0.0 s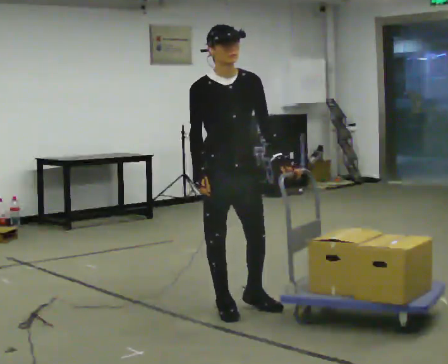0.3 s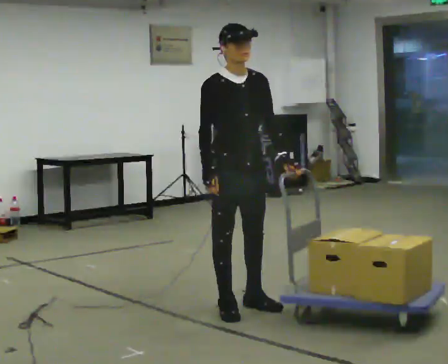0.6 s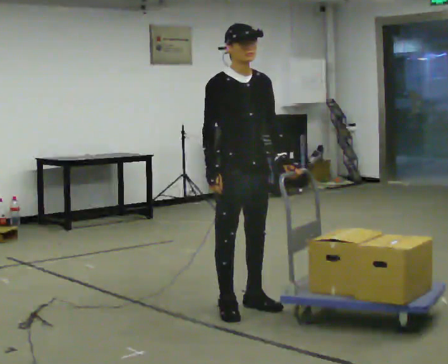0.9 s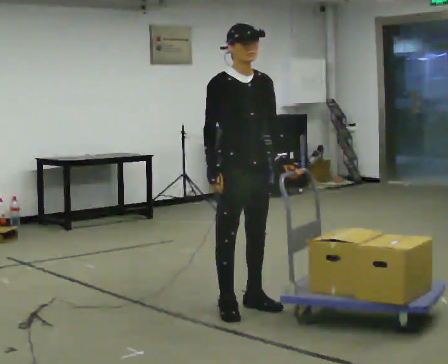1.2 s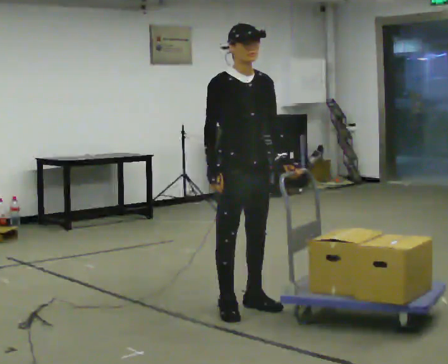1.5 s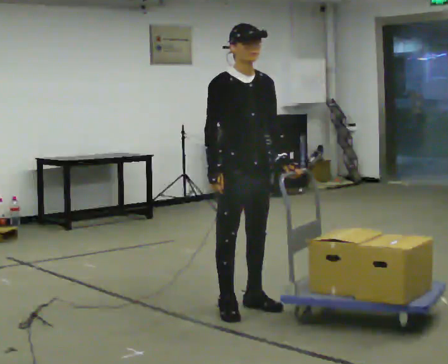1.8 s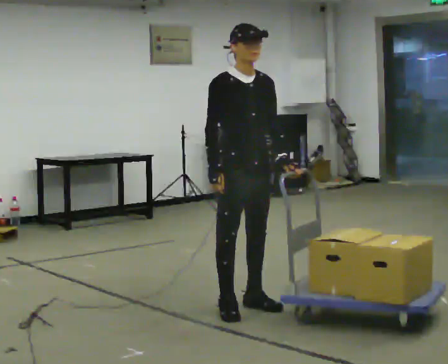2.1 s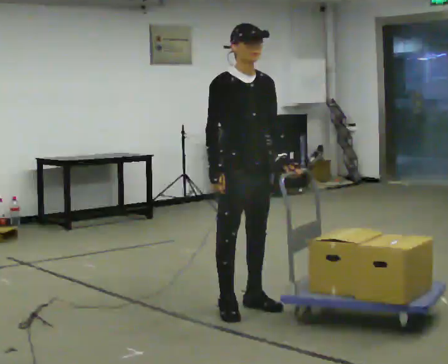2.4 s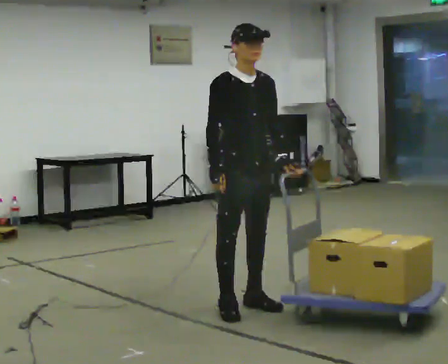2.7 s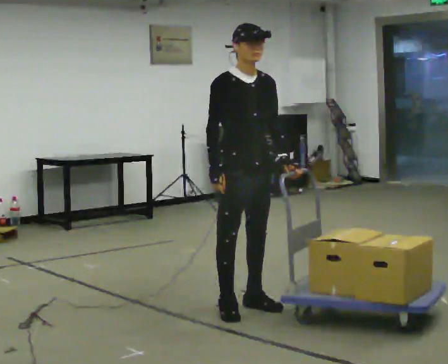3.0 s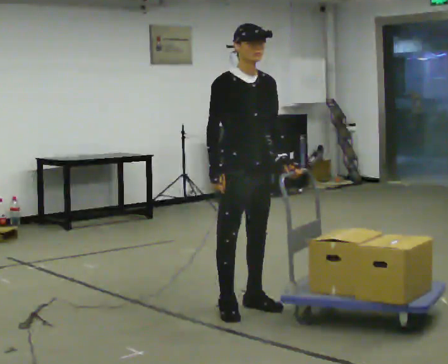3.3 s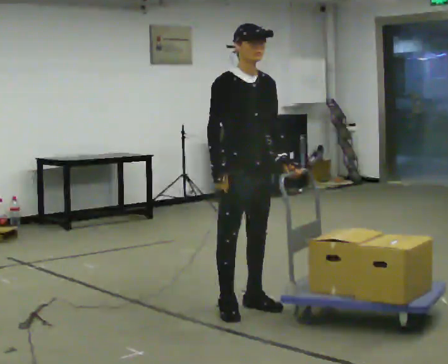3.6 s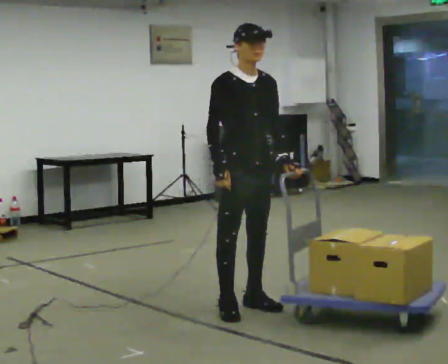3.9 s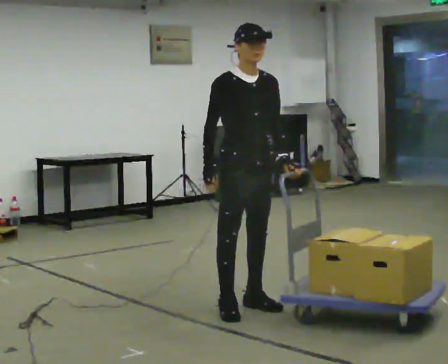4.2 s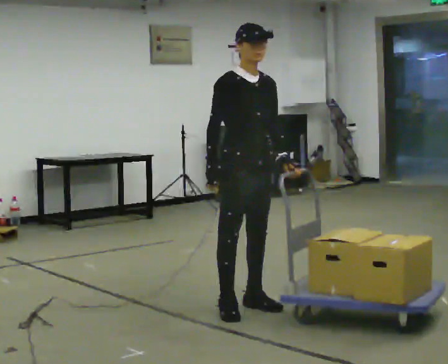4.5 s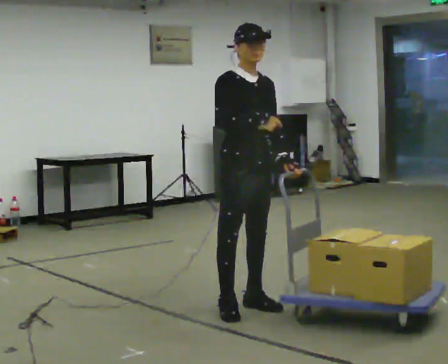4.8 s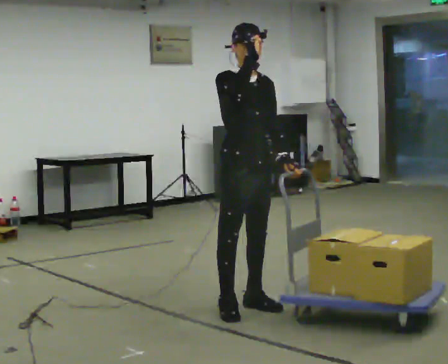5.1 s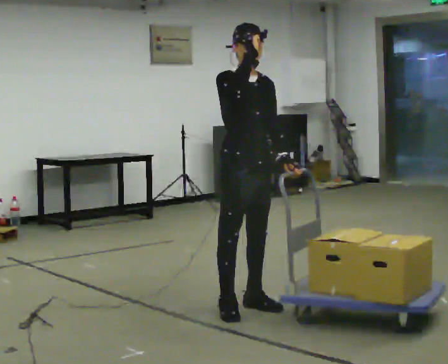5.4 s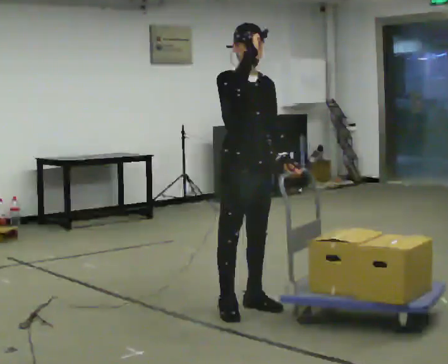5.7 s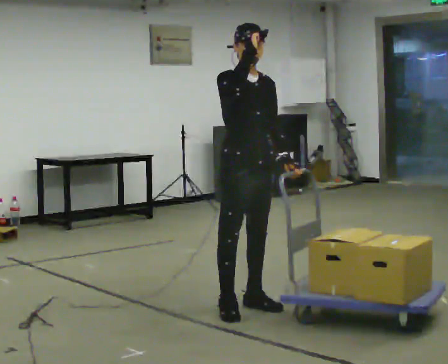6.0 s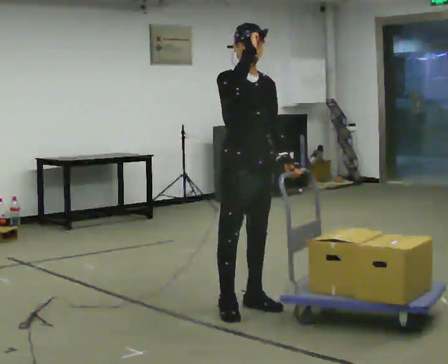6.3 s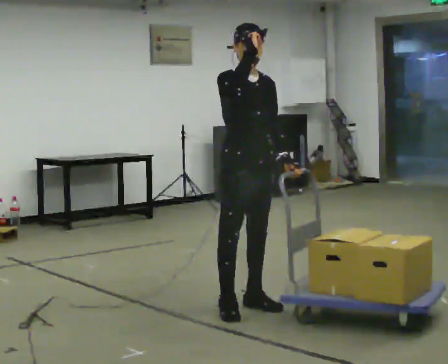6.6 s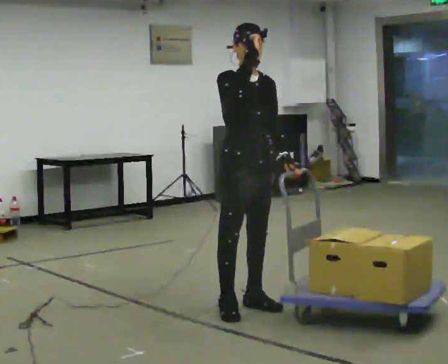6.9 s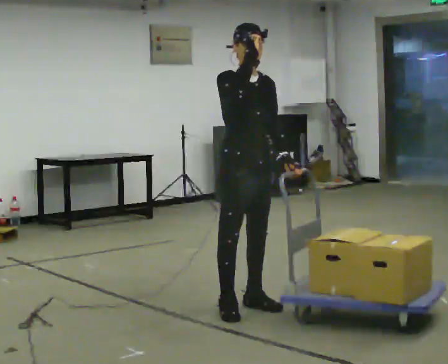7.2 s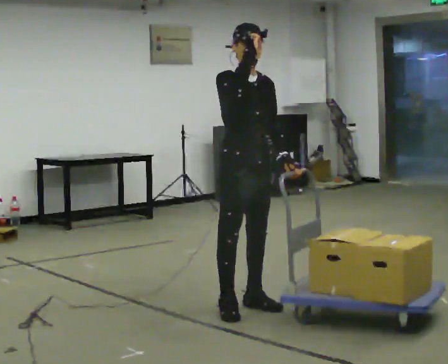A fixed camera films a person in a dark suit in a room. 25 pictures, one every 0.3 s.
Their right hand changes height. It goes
upward.
0.0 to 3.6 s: The person moves a little, or ends about where they began.
3.6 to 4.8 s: In the picture their right hand goes upward.
4.8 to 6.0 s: The person moves a little, or ends about where they began.
6.0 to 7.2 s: The person keeps their place and pose.
The film runs backward here.
